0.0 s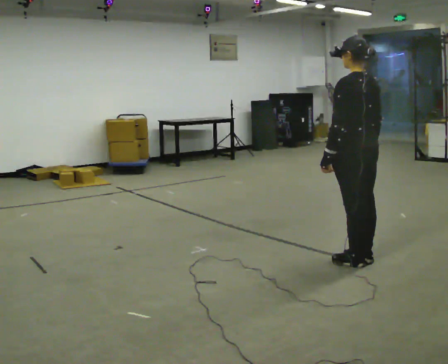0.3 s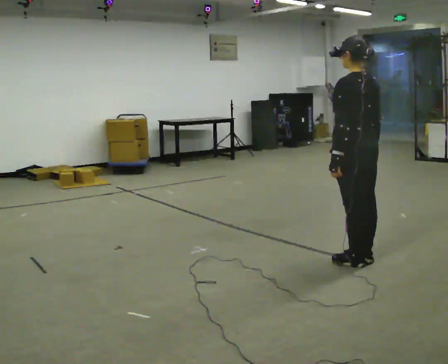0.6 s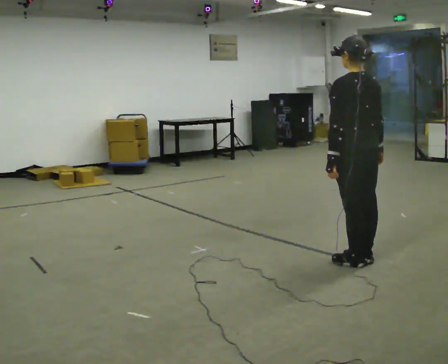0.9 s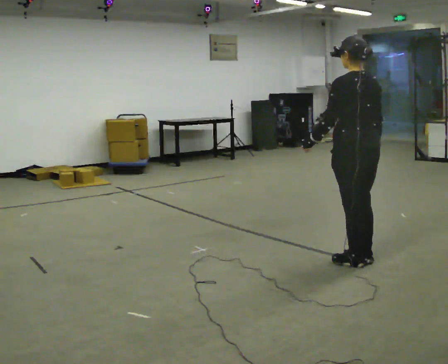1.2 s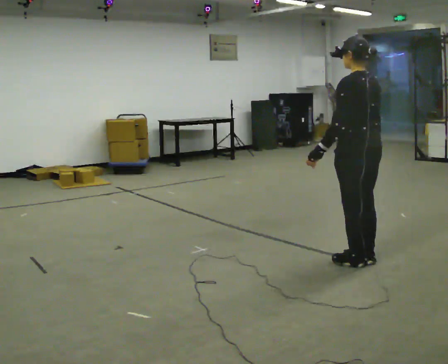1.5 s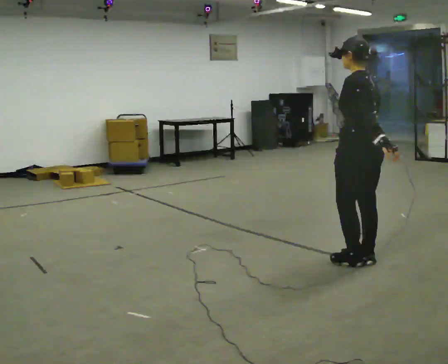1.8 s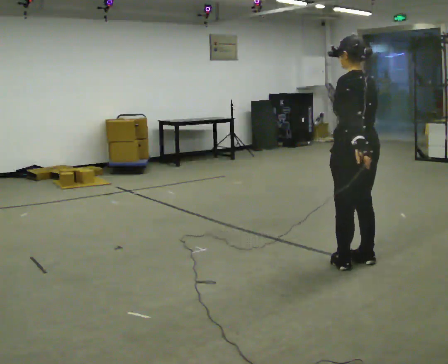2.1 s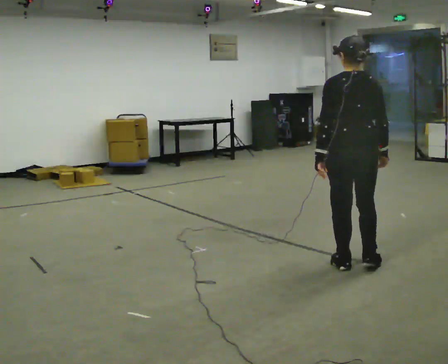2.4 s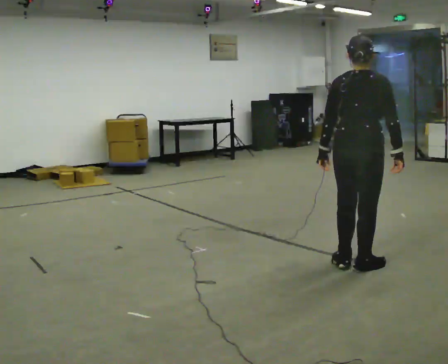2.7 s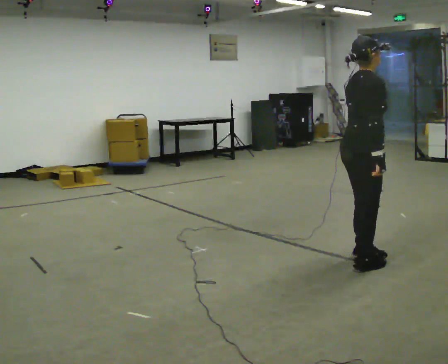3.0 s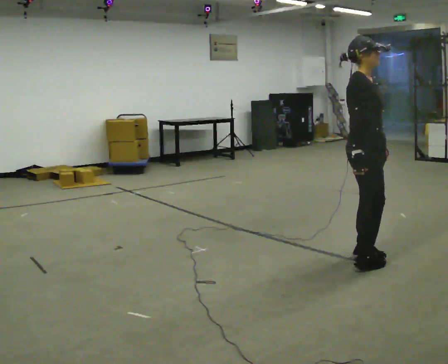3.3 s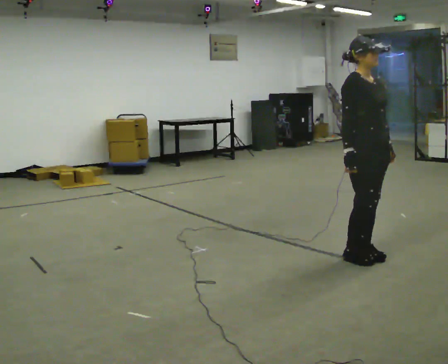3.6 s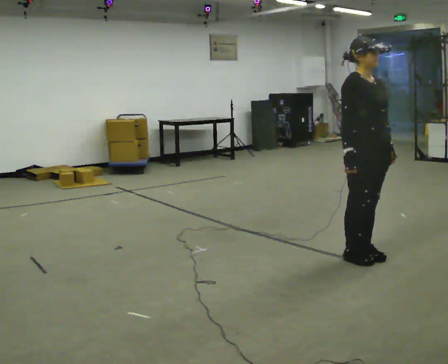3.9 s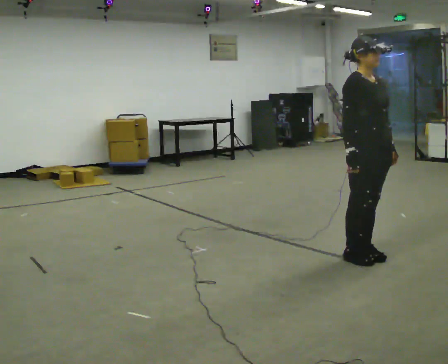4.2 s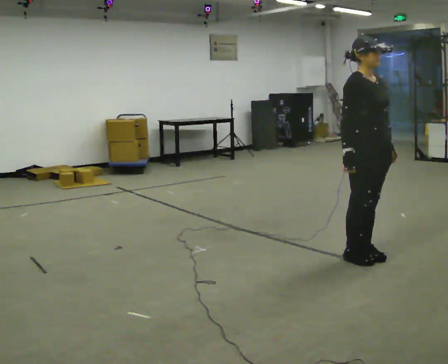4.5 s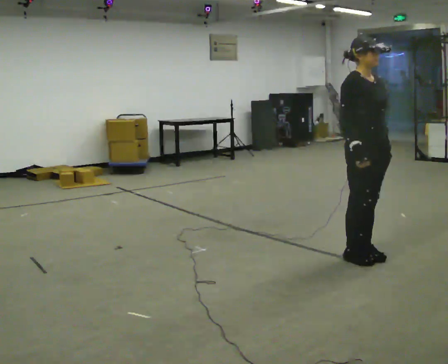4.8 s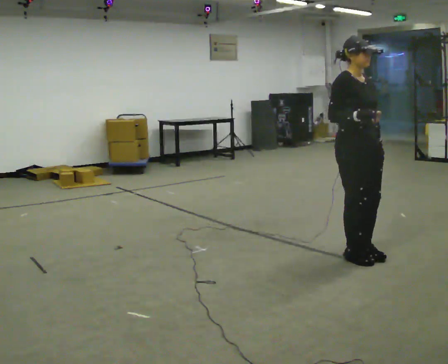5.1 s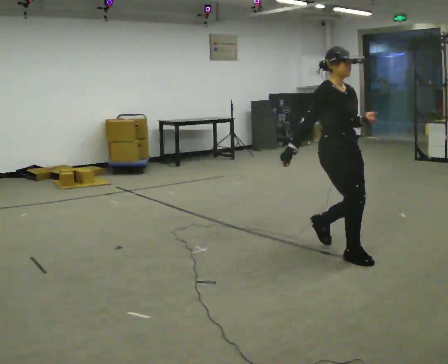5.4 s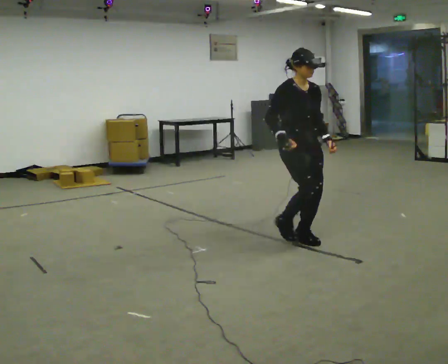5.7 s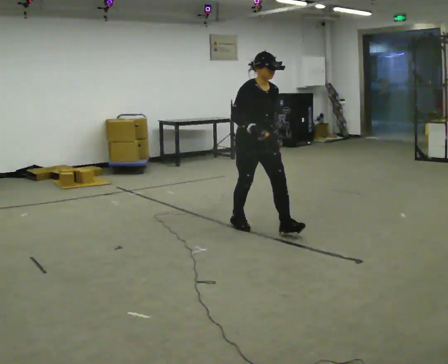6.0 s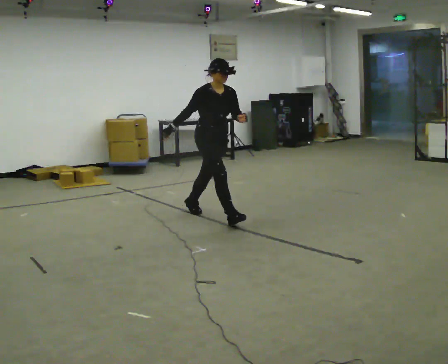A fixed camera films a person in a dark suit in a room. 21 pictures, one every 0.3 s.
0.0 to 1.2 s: The person moves a little, or ends about where they began.
1.2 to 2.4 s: The person turns about 75 degrees to their right, clockwise seen from above, so the part of the body nearest the lens slides to the left.
2.4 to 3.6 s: Seen from above the body turns clockwise, about 105 degrees: to their right, with its near side sliding to the left. In the picture they go away from the camera, about 0.25 m in 1 step. In the picture their left hand goes to the right, the arm swinging counterclockwise.
3.6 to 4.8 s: The person moves a little, or ends about where they began.
4.8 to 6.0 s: In the picture they go to the left and away from the camera, about 1.5 m in 4 steps, which for them is backward.
The film runs backward here.
